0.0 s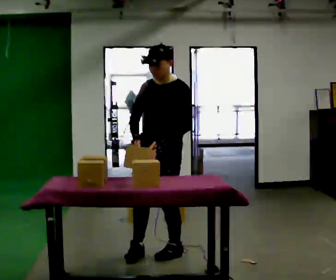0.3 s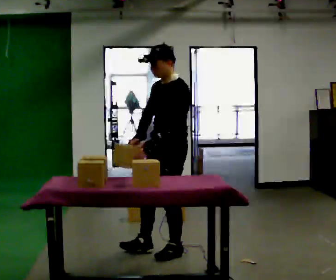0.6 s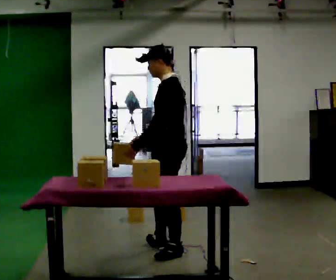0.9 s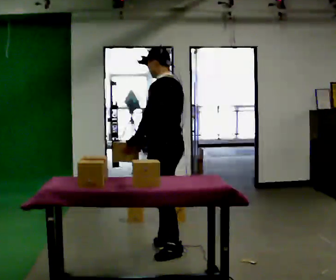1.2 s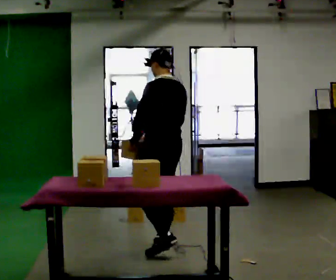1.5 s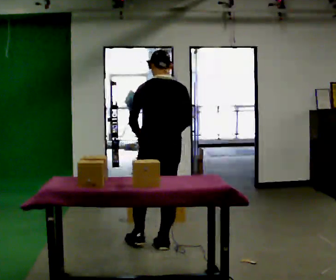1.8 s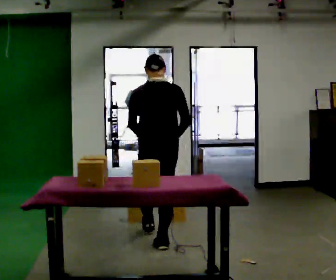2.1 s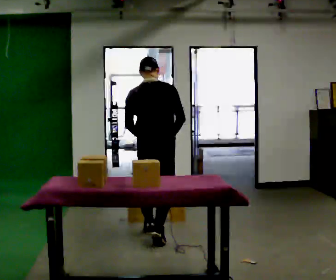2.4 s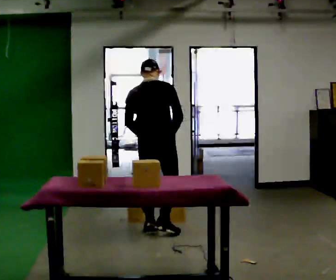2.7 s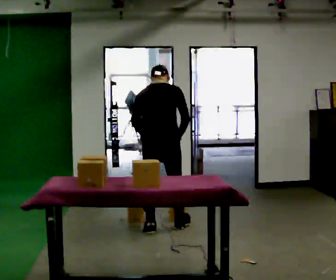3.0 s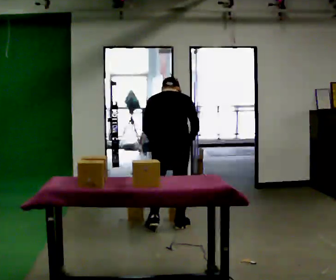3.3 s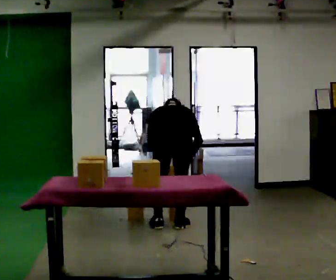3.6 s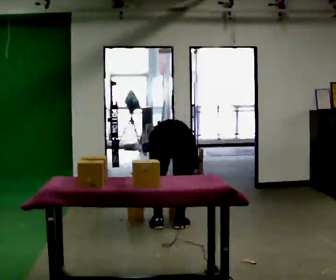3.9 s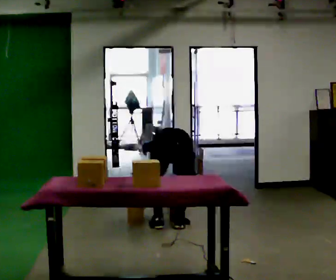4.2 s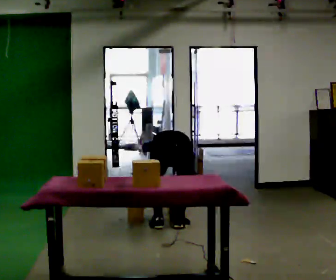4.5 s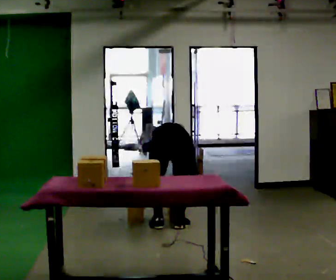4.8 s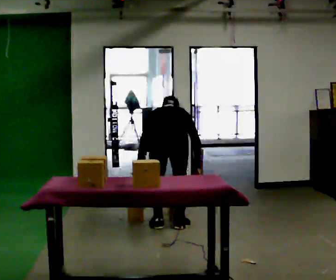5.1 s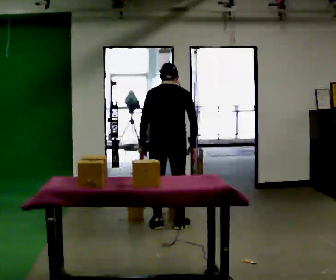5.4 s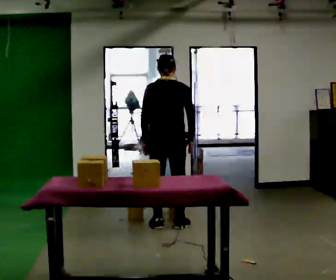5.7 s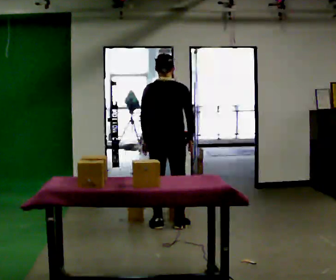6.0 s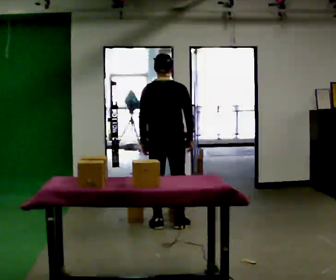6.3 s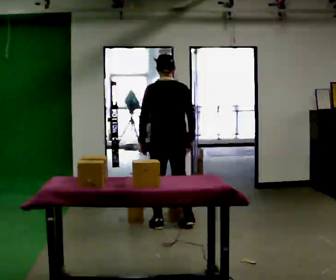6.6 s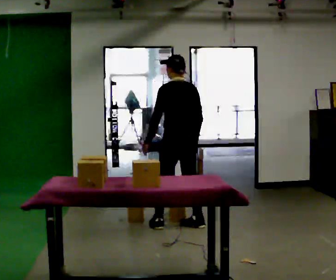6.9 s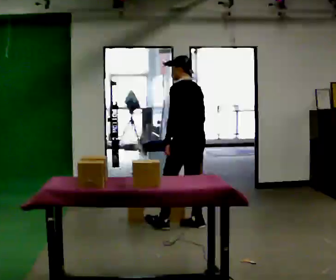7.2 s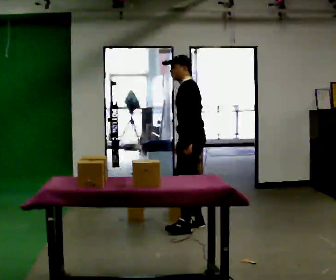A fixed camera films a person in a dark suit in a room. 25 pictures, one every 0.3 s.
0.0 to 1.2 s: The person turns about 90 degrees to their right, clockwise seen from above, so the part of the body nearest the lens slides to the left. In the picture they go away from the camera, about 0.25 m in 1 step.
1.2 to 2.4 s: Seen from above the body turns clockwise, about 60 degrees: to their right, with its near side sliding to the left. In the picture they go away from the camera, about 0.5 m in 1 step, which for them is forward.
2.4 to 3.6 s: In the picture they go to the right, about 0.25 m in 2 steps, which for them is to their right and forward. The upper body goes downward. The upper body tips away from the camera, its near side rolling upward, as they bend forward. In the picture their right hand goes downward.
3.6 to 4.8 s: The person moves a little, or ends about where they began.
4.8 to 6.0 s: The upper body goes upward. The upper body tips toward the camera, its near side rolling downward, as they lean back or straighten.
6.0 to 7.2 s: Seen from above the body turns counterclockwise, about 105 degrees: to their left, with its near side sliding to the right. In the picture they go to the right, about 0.25 m in 2 steps.
The film runs forward here.
